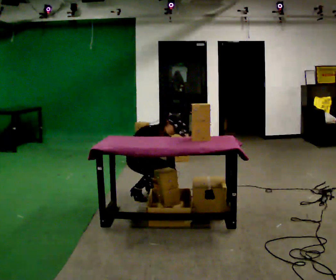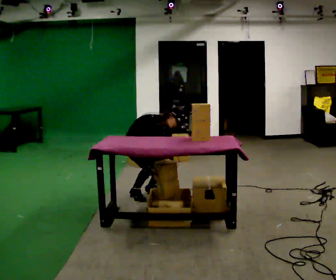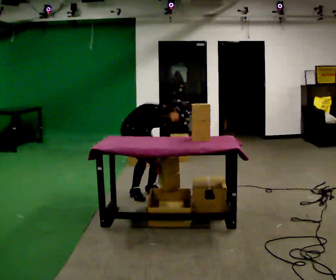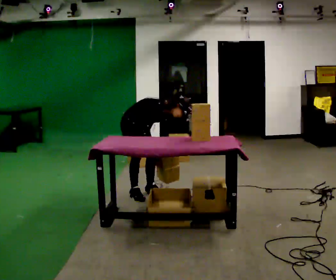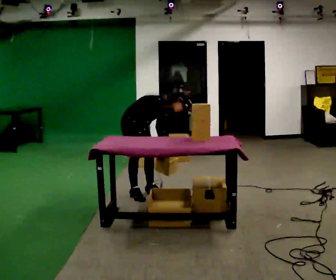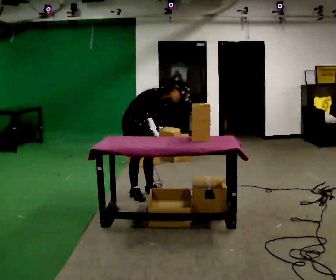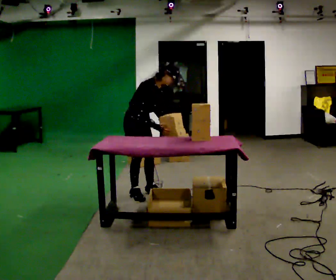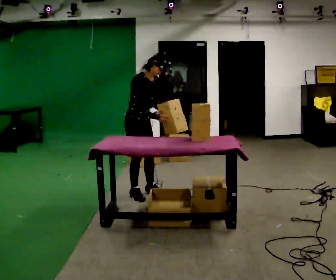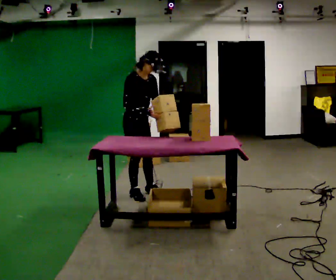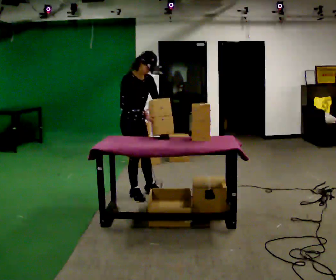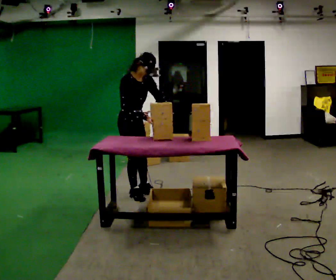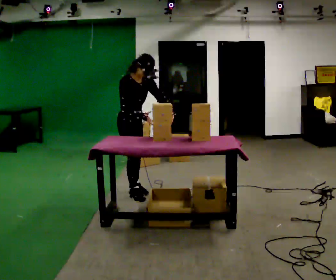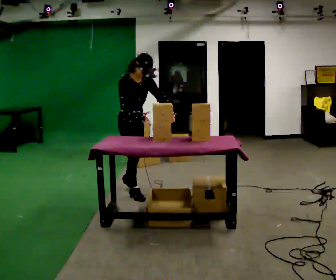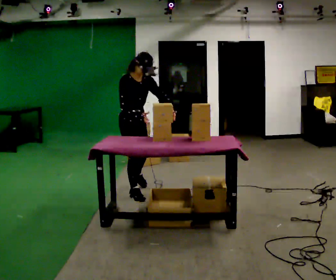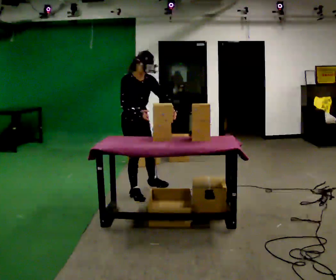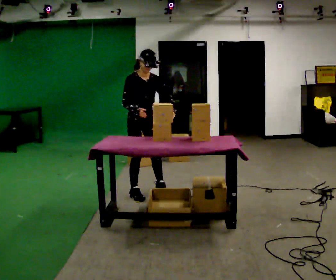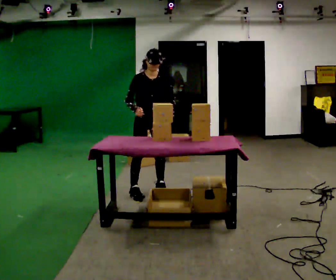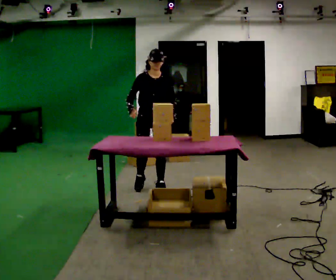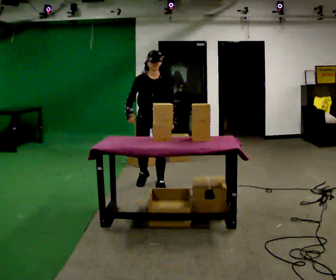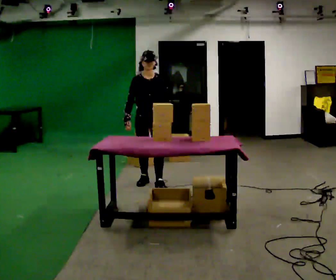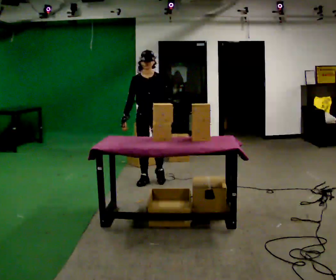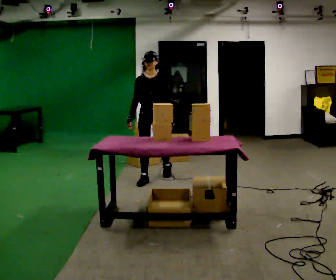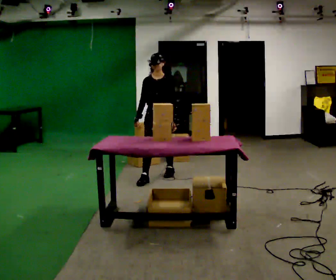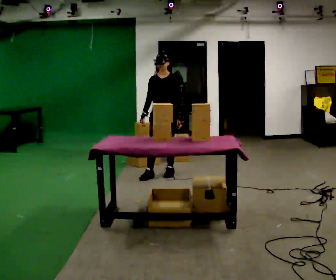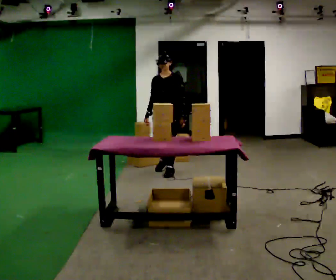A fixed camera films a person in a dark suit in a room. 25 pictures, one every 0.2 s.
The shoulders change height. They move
upward.
0.0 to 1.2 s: The upper body goes upward. In the picture their left hand goes upward.
1.2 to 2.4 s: In the picture the upper body tilts counterclockwise, shoulders to the left.
2.4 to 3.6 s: The person turns about 45 degrees to their right, clockwise seen from above, so the part of the body nearest the lens slides to the left. In the picture they go away from the camera and to the right, about 0.25 m in 1 step, which for them is to their left and backward. The upper body tips away from the camera, its near side rolling upward, as they lean back or straighten.
3.6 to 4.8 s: The person turns about 30 degrees to their right, clockwise seen from above, so the part of the body nearest the lens slides to the left. In the picture they go away from the camera and to the right, about 0.75 m in 2 steps, which for them is backward.
The film runs backward here.
